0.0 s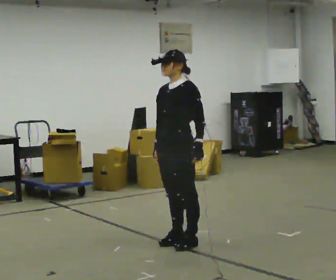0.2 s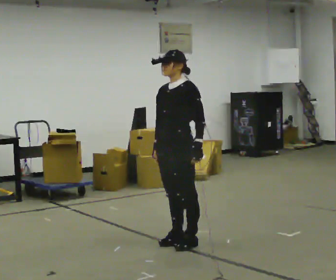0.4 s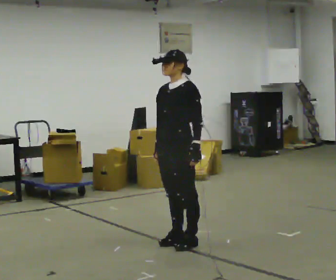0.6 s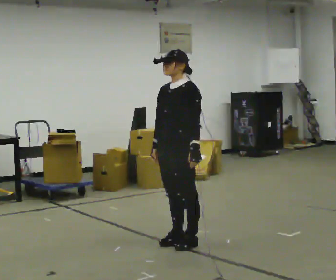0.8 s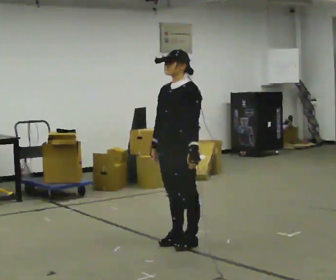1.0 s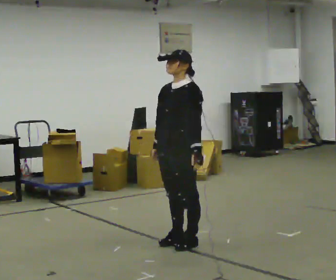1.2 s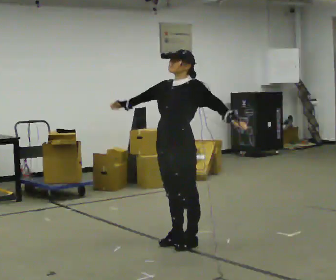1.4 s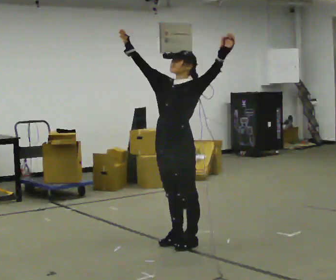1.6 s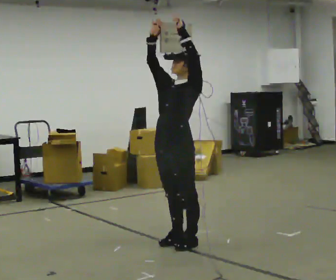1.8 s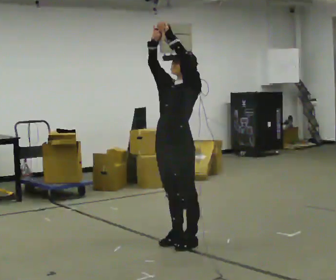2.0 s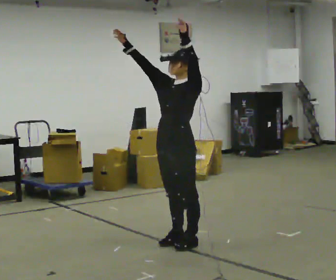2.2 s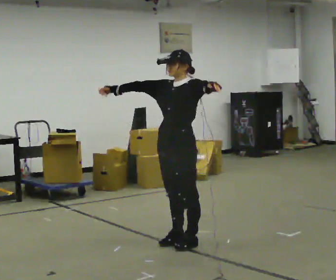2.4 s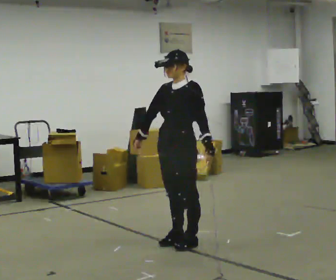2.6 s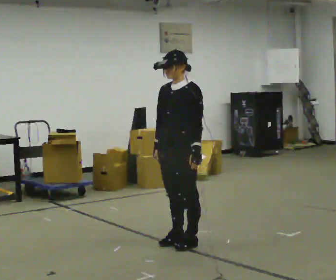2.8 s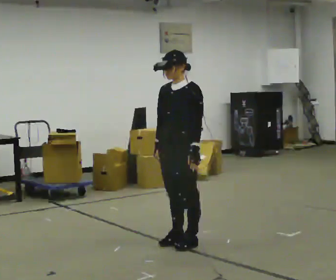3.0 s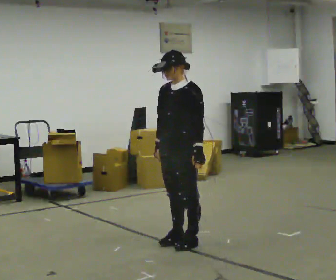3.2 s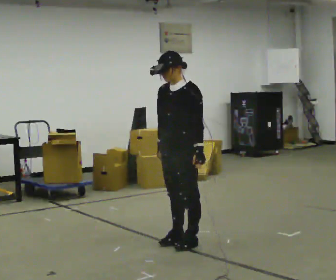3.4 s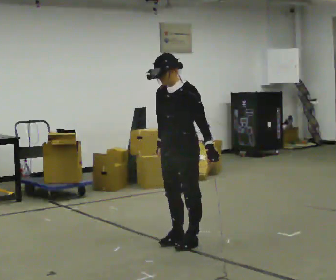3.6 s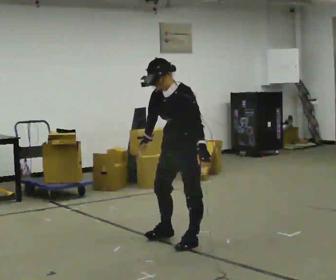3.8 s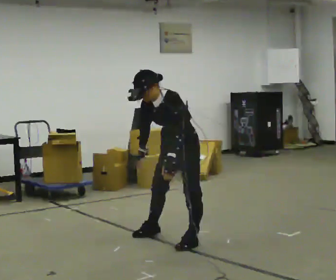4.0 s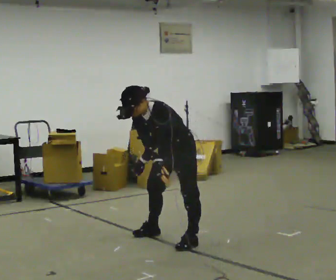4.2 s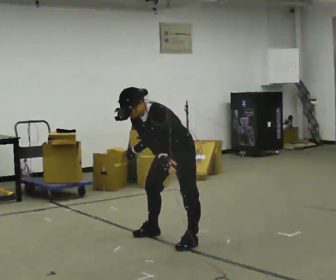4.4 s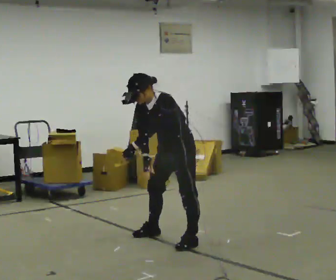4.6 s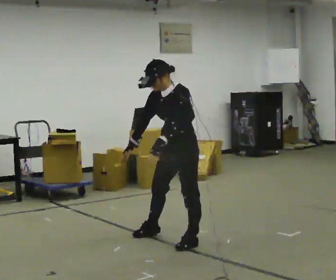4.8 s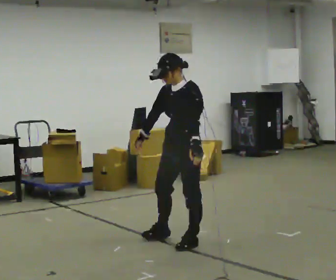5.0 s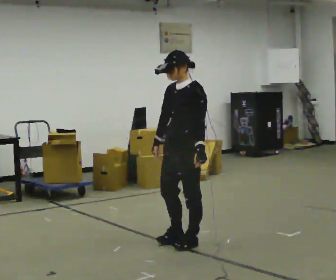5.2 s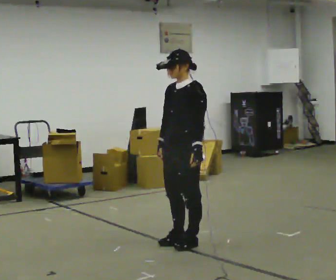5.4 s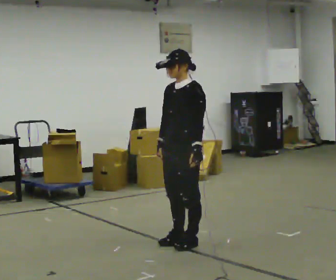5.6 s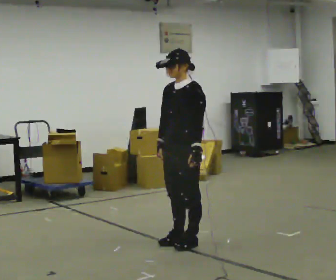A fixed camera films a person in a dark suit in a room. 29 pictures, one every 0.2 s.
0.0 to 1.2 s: In the picture their right hand goes upward, the arm swinging clockwise.
1.2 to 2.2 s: The person moves a little, or ends about where they began.
2.2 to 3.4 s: In the picture their right hand goes downward and to the right, the arm swinging counterclockwise.
3.4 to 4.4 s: In the picture they go away from the camera, about 0.25 m in 1 step, which for them is to their right. In the picture their left hand goes to the left, the arm swinging clockwise.
4.4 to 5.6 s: In the picture they go toward the camera, about 0.25 m in 1 step, which for them is to their left. In the picture the upper body tilts clockwise, shoulders to the right, as they lean back or straighten. In the picture their left hand goes to the right.
The film runs backward here.
